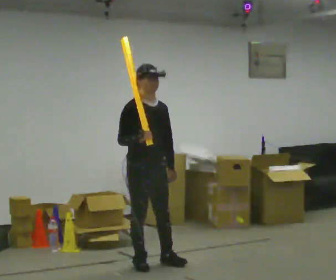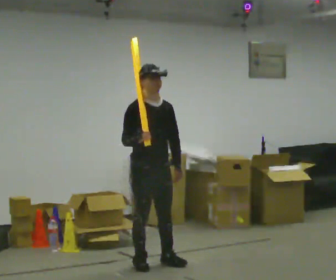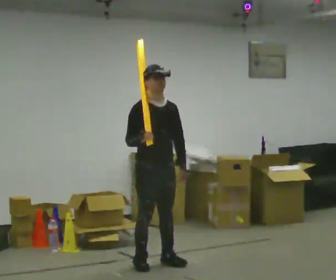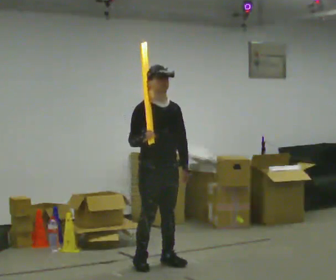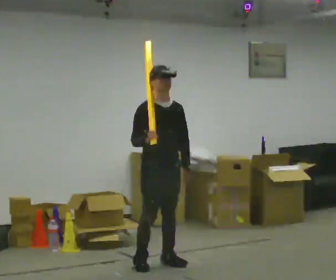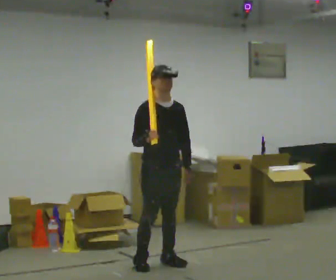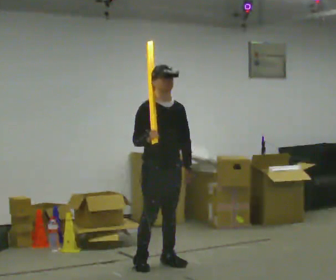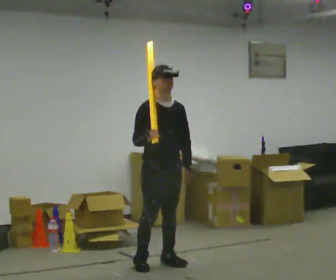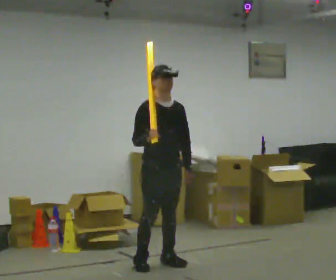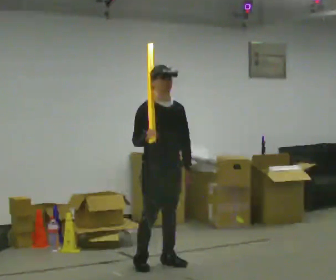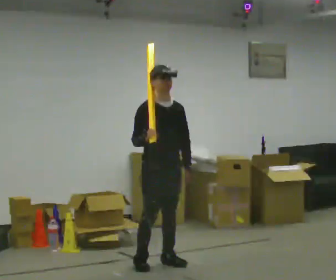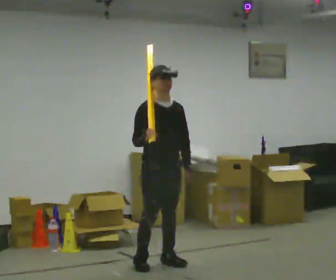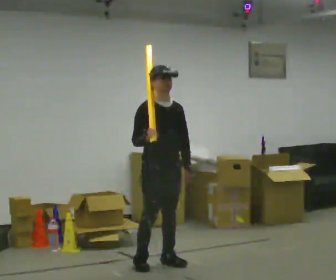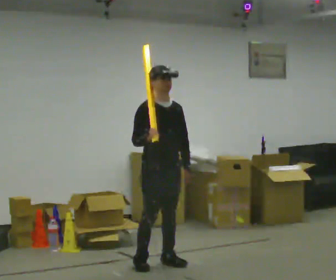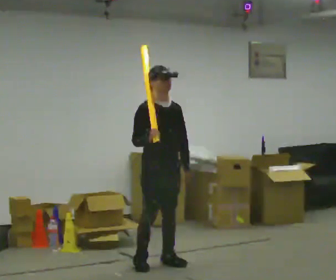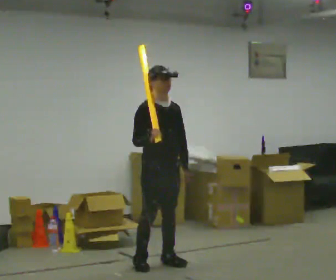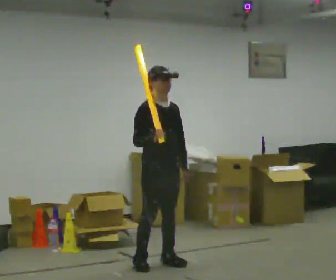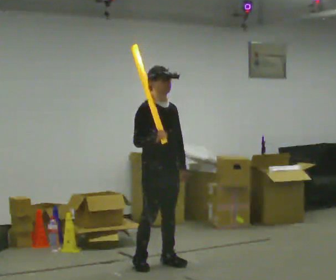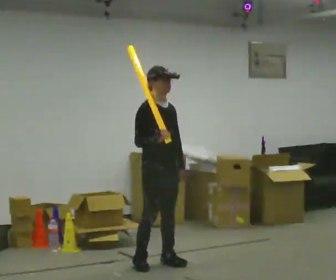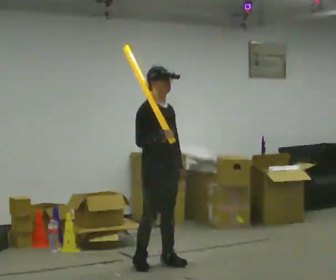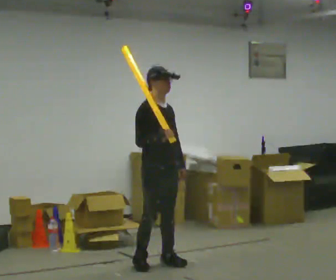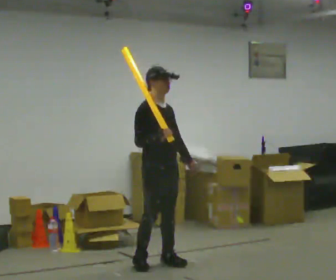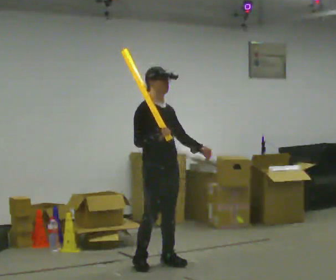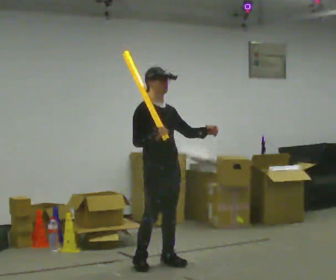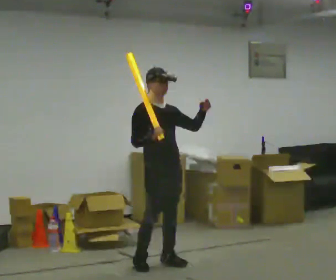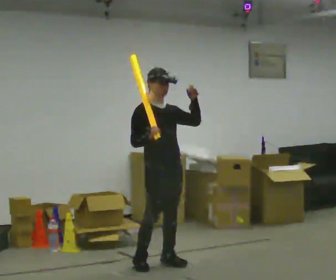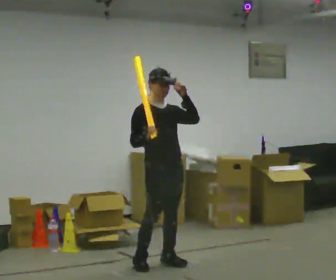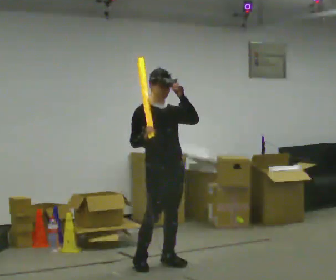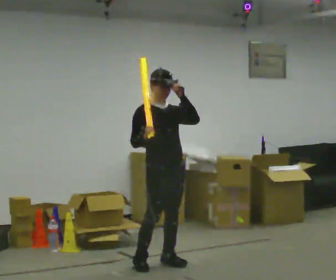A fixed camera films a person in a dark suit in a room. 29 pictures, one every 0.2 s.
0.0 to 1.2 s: The person moves a little, or ends about where they began.
1.2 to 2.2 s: The person keeps their place and pose.
2.2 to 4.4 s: The person moves a little, or ends about where they began.
4.4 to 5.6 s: In the picture their left hand goes upward.
The film runs forward here.
